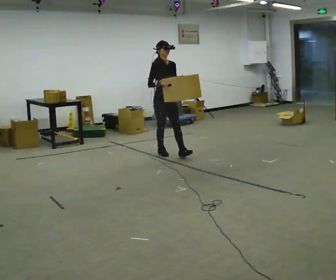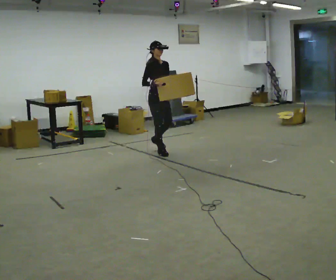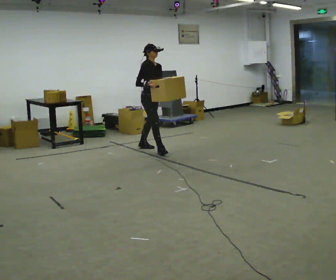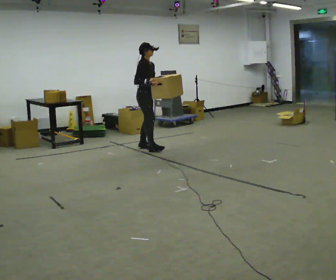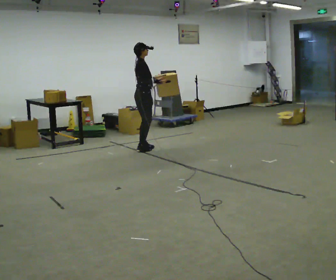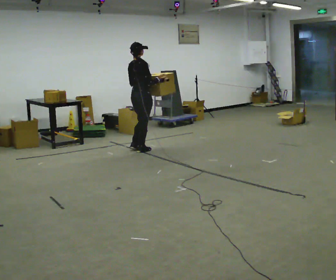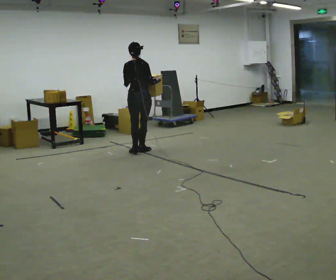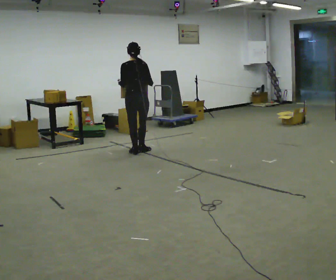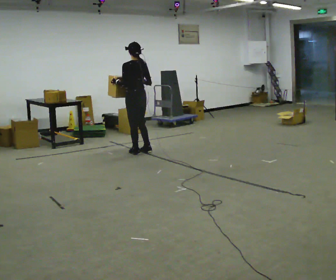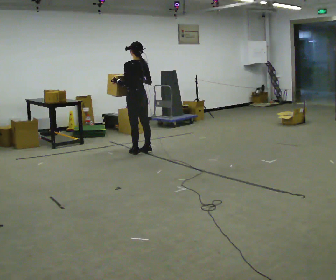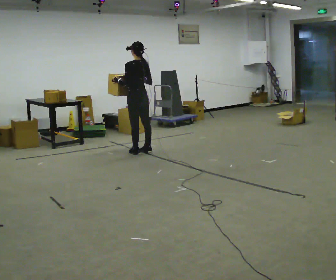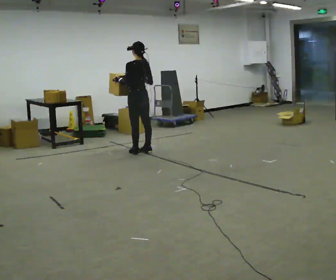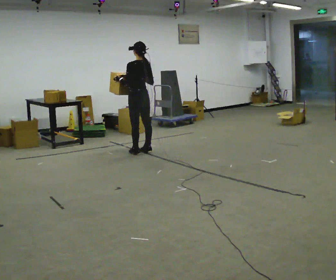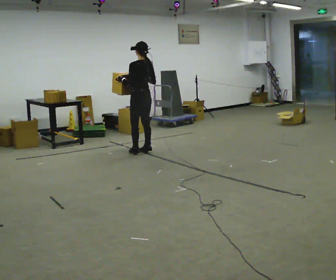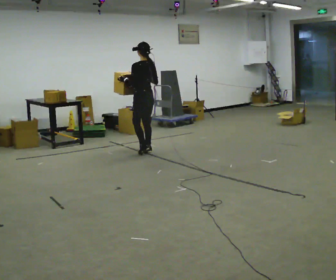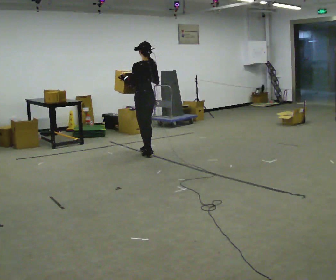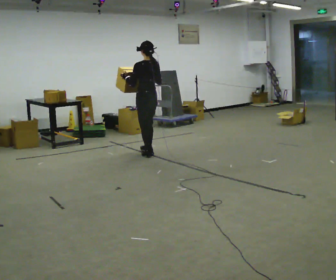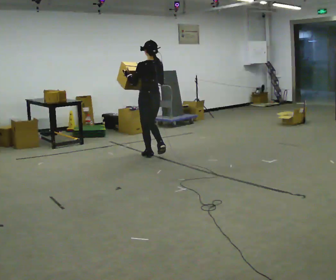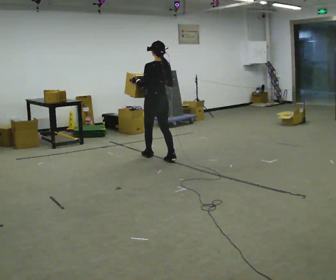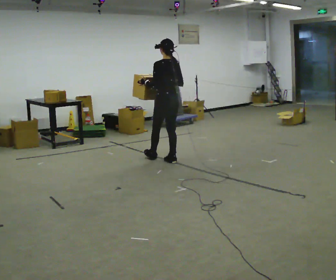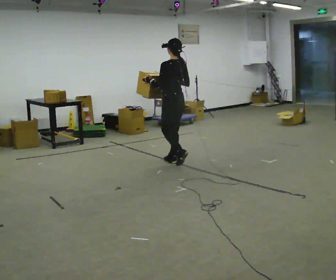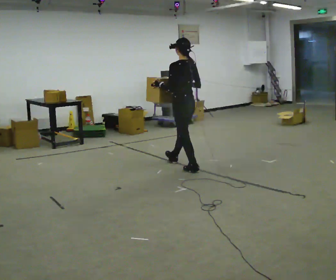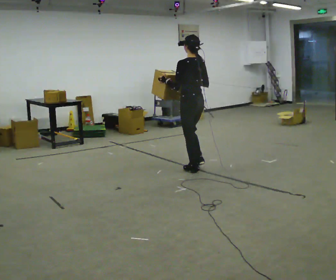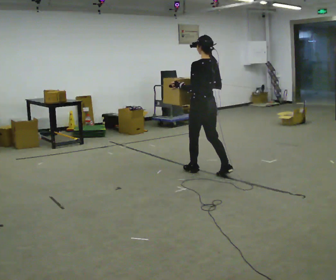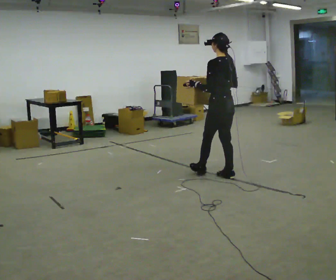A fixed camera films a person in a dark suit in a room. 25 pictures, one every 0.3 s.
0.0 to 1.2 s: Seen from above the body turns counterclockwise, about 60 degrees: to their left, with its near side sliding to the right. In the picture they go away from the camera and to the left, about 0.5 m in 1 step.
1.2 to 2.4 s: The person turns about 120 degrees to their left, counterclockwise seen from above, so the part of the body nearest the lens slides to the right. In the picture they go toward the camera, about 0.25 m in 1 step.
2.4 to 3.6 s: The person moves a little, or ends about where they began.
3.6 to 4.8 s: In the picture they go toward the camera, about 0.25 m in 2 steps, which for them is backward.
4.8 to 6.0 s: In the picture they go toward the camera and to the right, about 0.5 m in 1 step, which for them is backward.
6.0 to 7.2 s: In the picture they go toward the camera and to the right, about 1 m in 2 steps, which for them is backward.
The film runs backward here.
